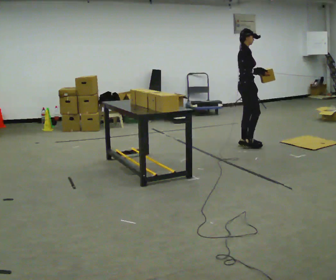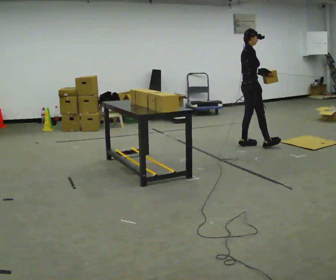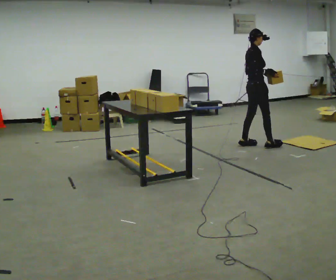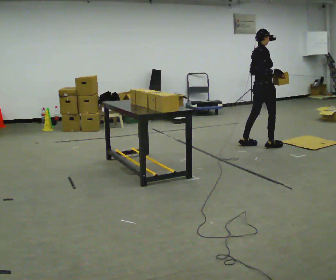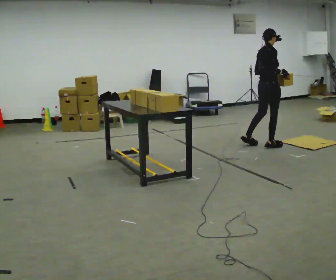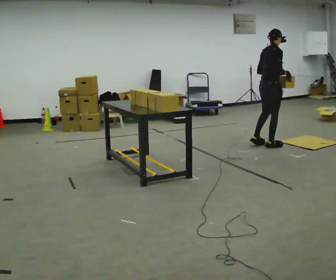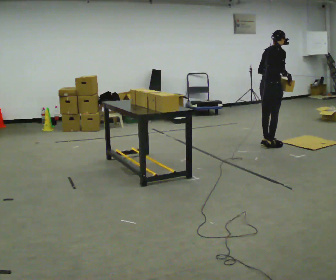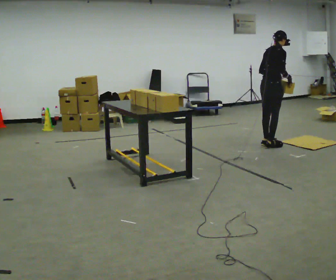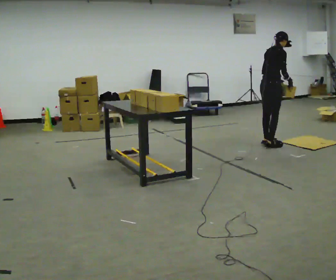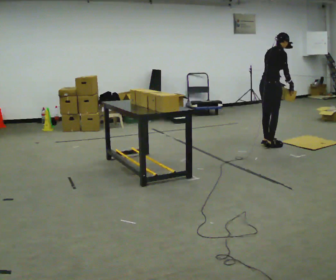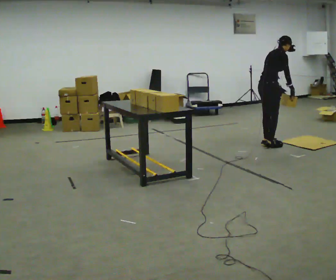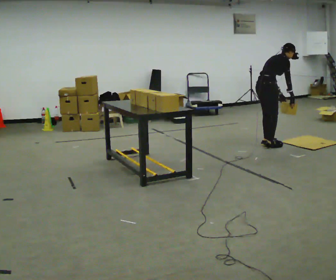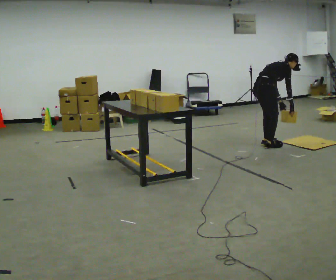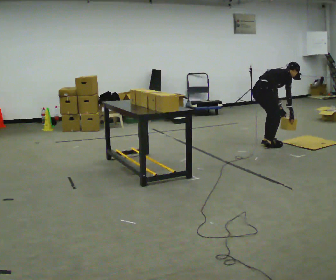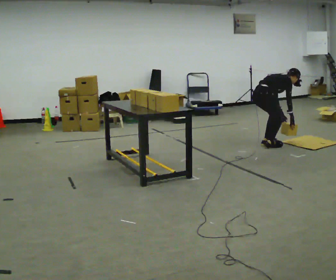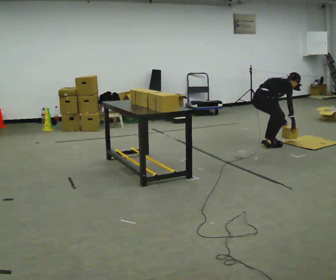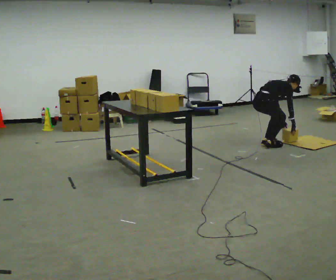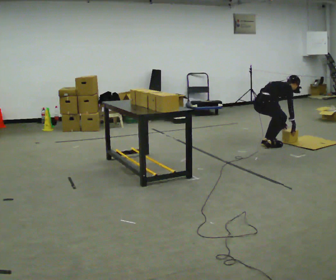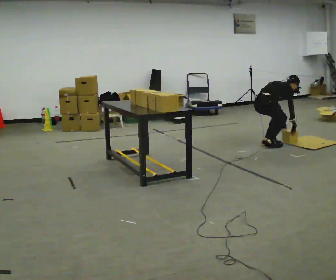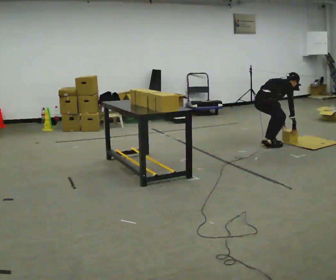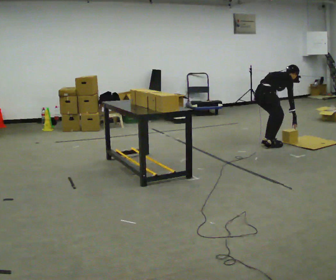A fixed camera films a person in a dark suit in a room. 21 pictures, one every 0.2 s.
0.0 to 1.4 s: Seen from above the body turns counterclockwise, about 30 degrees: to their left, with its near side sliding to the right. In the picture they go to the right, about 0.25 m in 2 steps, which for them is forward and to their right.
1.4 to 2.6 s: The shoulders move downward. In the picture the upper body tilts clockwise, shoulders to the right, as they bend forward. In the picture their right hand goes downward.
2.6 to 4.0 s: The person moves a little, or ends about where they began.
The film runs forward here.
